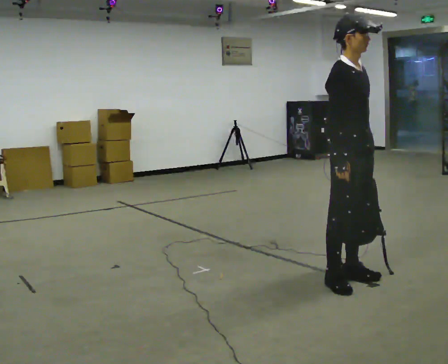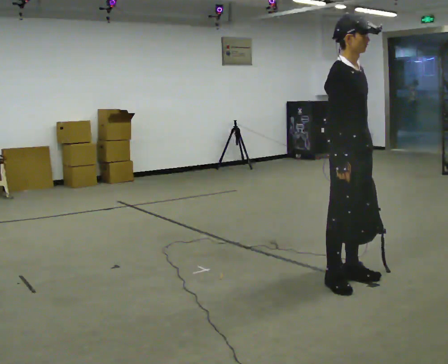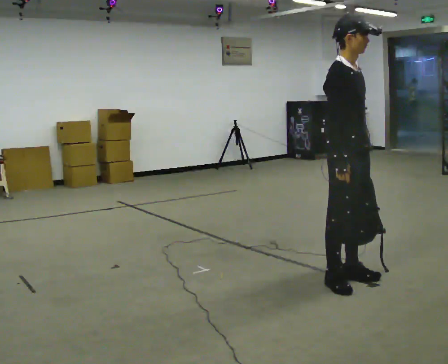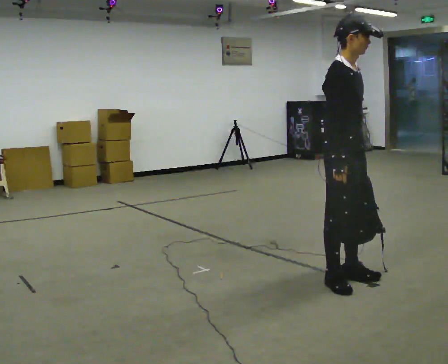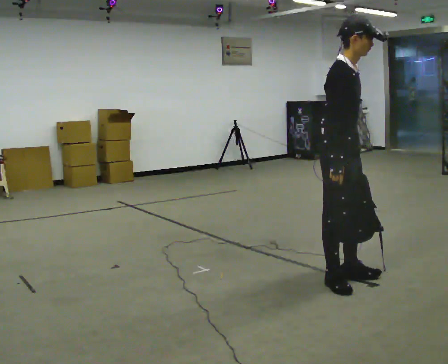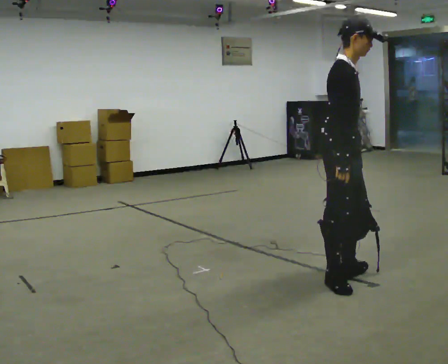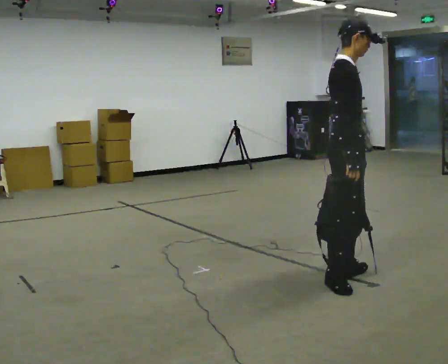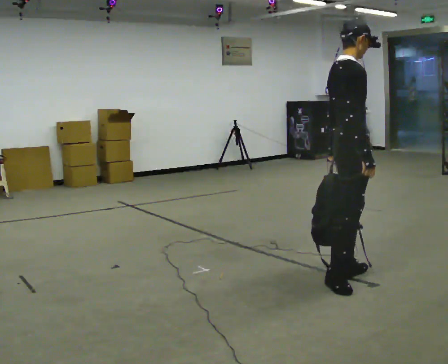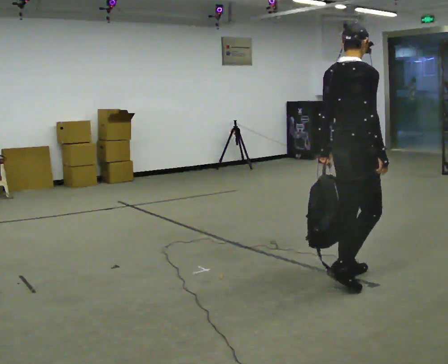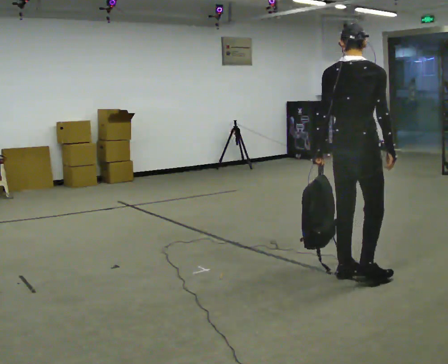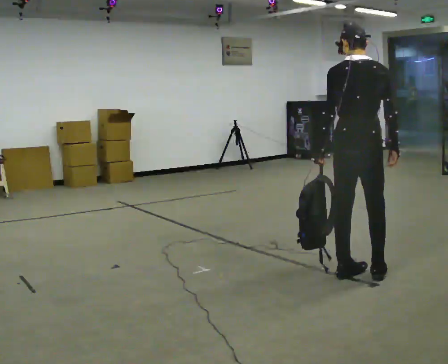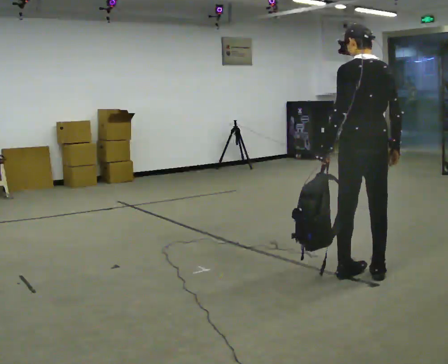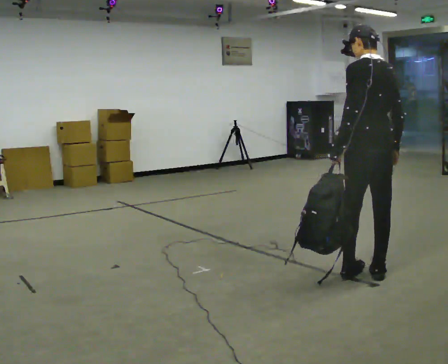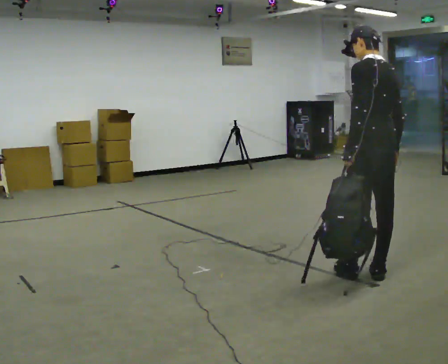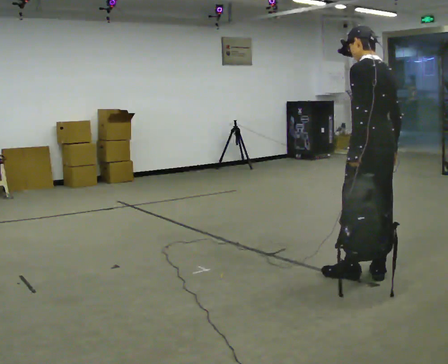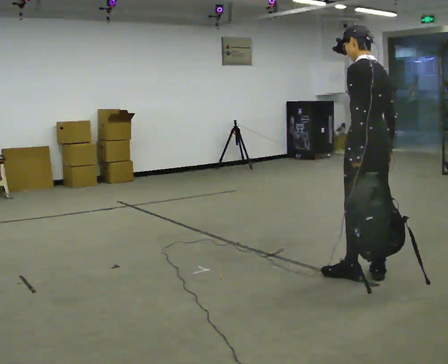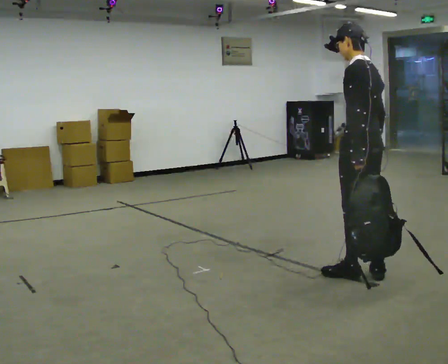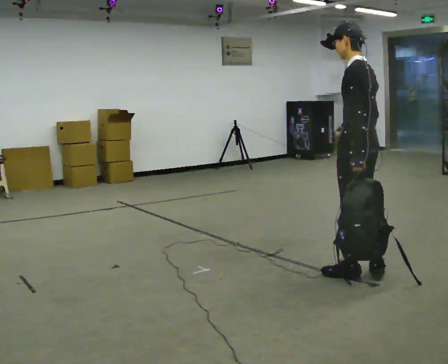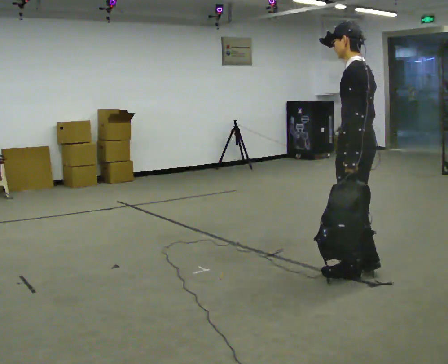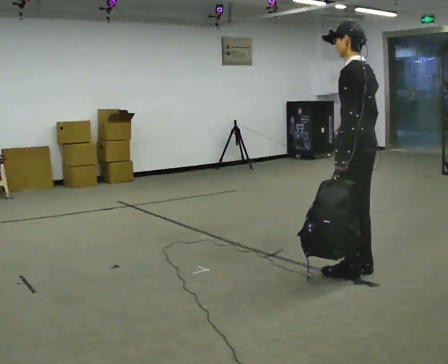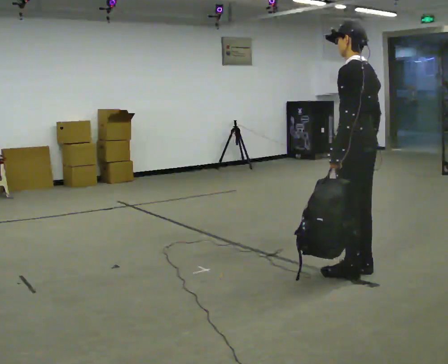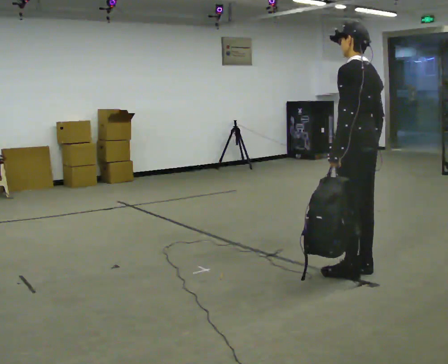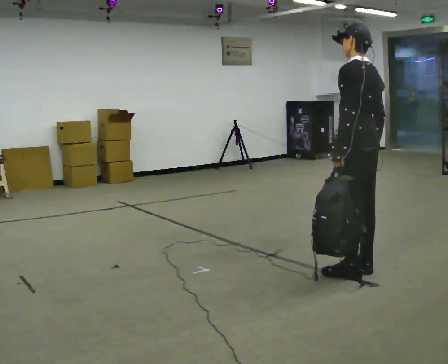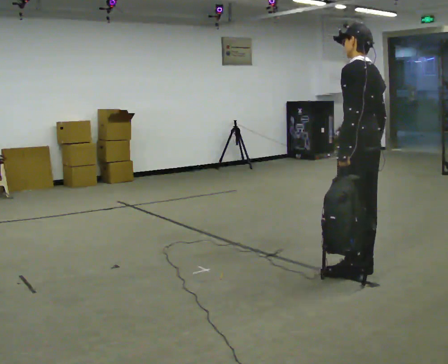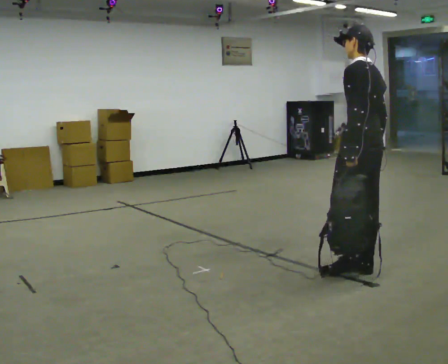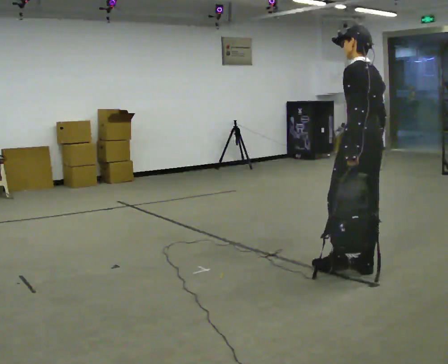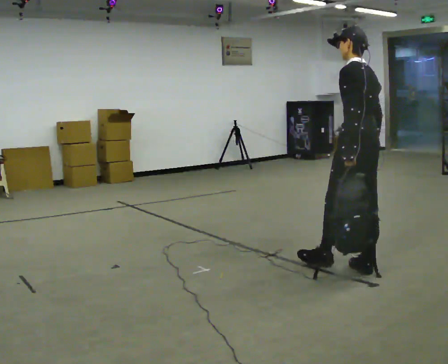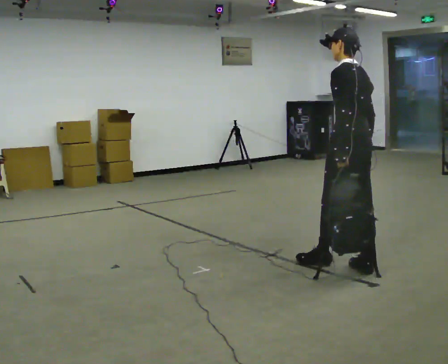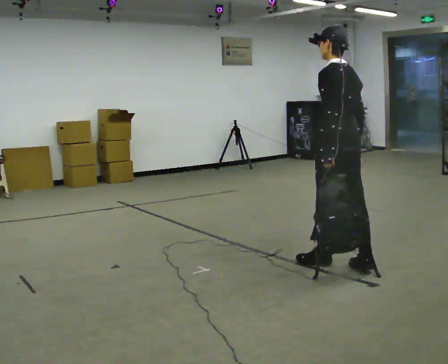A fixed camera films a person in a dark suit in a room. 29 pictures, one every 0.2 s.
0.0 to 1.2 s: The person turns about 30 degrees to their left, counterclockwise seen from above, so the part of the body nearest the lens slides to the right.
1.2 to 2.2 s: Seen from above the body turns counterclockwise, about 105 degrees: to their left, with its near side sliding to the right. In the picture they go to the right, about 0.25 m in 1 step.
2.2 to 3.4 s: The part of the body nearest the lens slides to the right as the person turns to their left by about 45 degrees.
3.4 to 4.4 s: The person moves a little, or ends about where they began.
4.4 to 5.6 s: In the picture they go to the left, about 0.25 m in 1 step, which for them is forward.
The film runs forward here.
